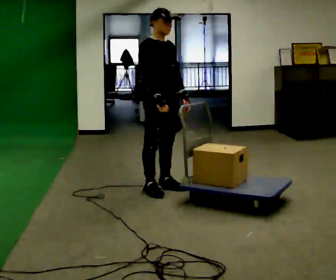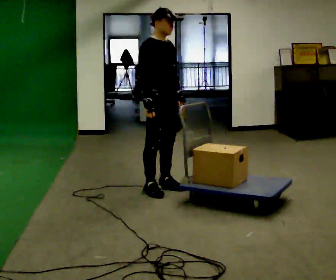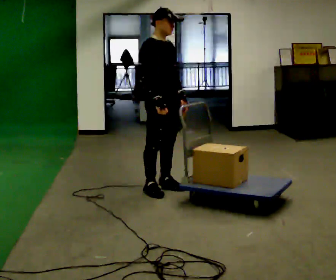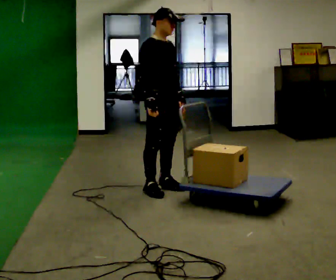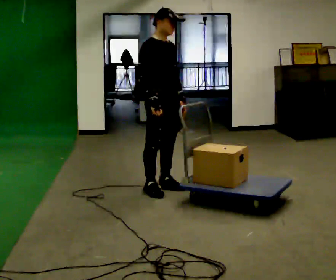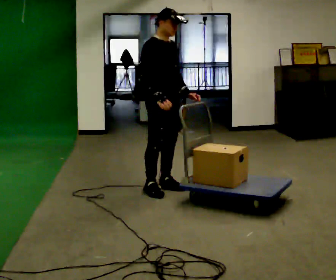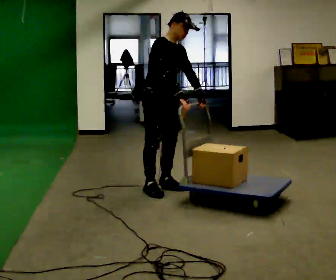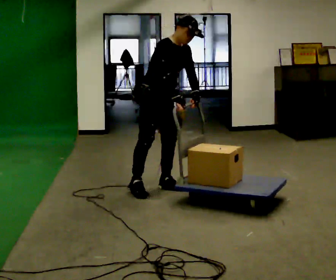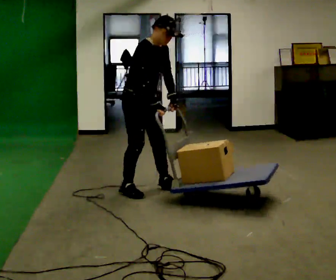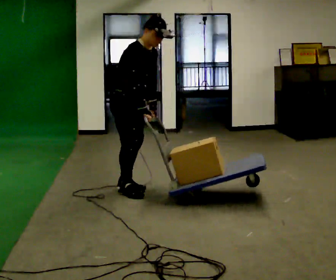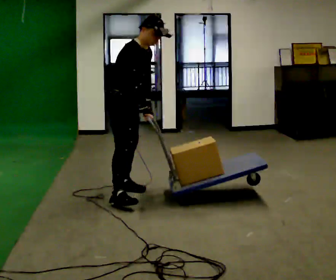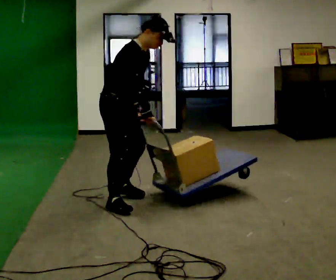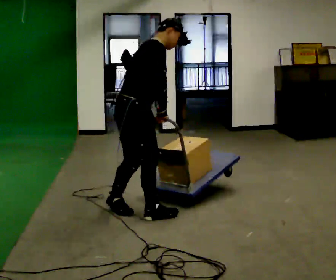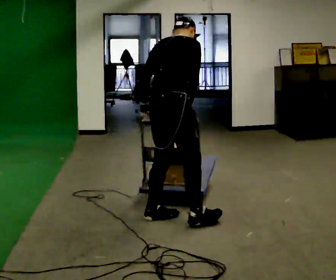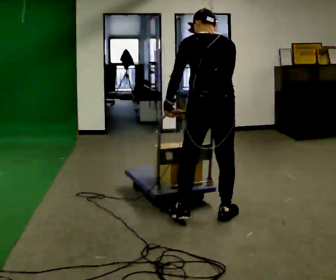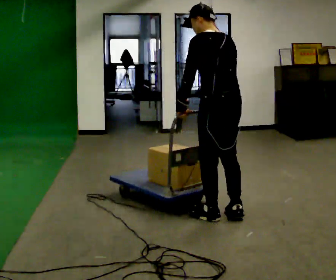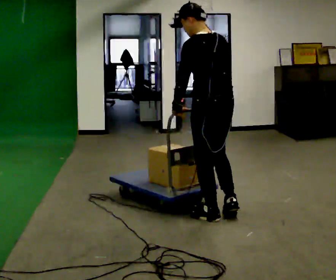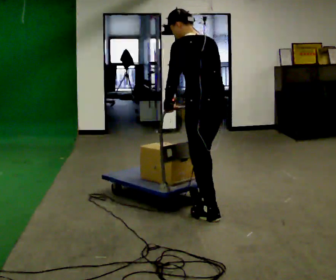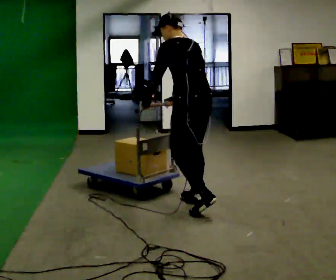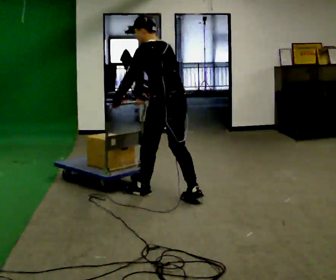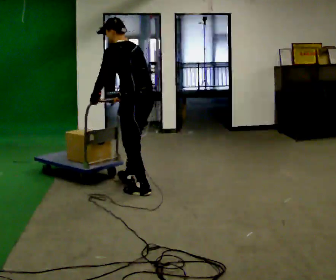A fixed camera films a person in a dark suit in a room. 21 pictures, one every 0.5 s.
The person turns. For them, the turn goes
to their left.
The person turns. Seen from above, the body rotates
counterclockwise.
0.0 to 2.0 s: The person moves a little, or ends about where they began.
2.0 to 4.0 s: In the picture they go to the left, about 0.25 m in 1 step, which for them is to their right.
4.0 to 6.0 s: In the picture they go toward the camera, about 0.75 m in 3 steps, which for them is to their right and forward. The upper body tips away from the camera, its near side rolling upward.
6.0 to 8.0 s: Seen from above the body turns counterclockwise, about 135 degrees: to their left, with its near side sliding to the right. In the picture they go to the right, about 0.75 m in 2 steps. In the picture the upper body tilts counterclockwise, shoulders to the left, as they lean back or straighten.
8.0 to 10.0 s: In the picture they go away from the camera and to the left, about 1 m in 2 steps, which for them is forward.
The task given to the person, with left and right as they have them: Push the loaded cart from one corner of the room to the other, turn it round, and push it back. Keep going until the operator says stop.
The film runs forward here.
